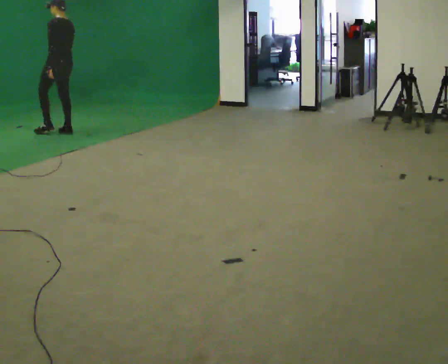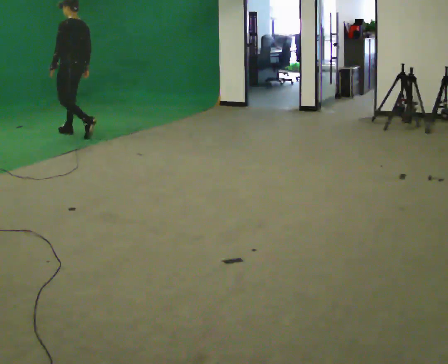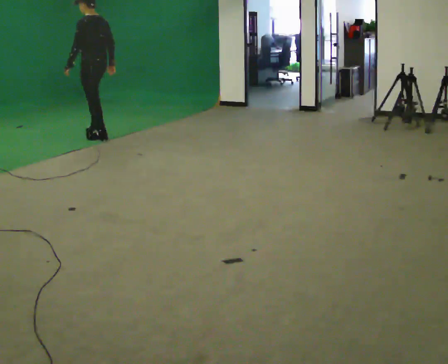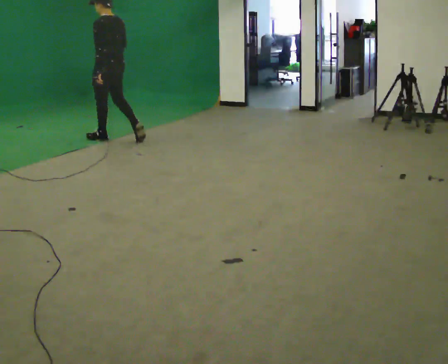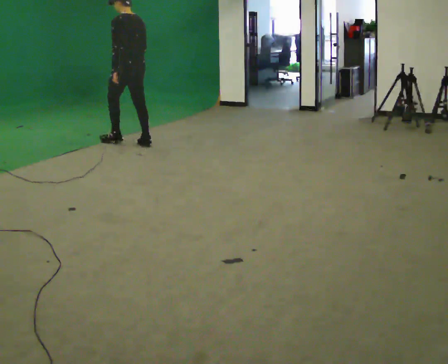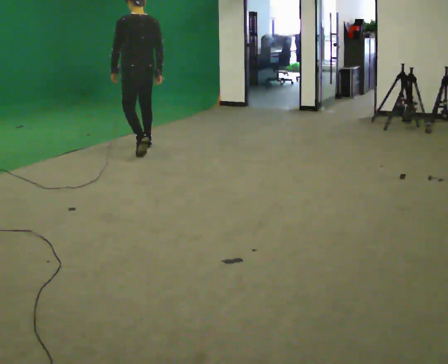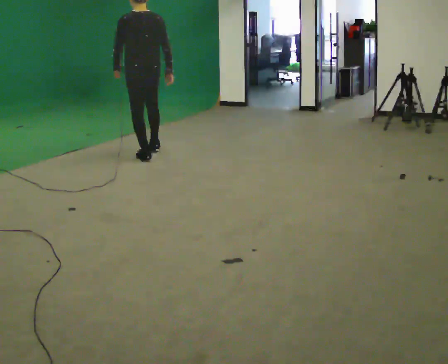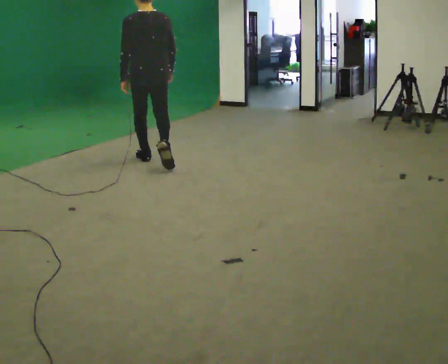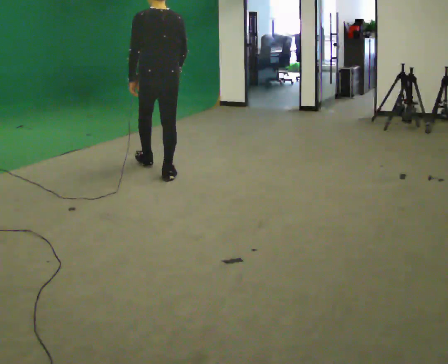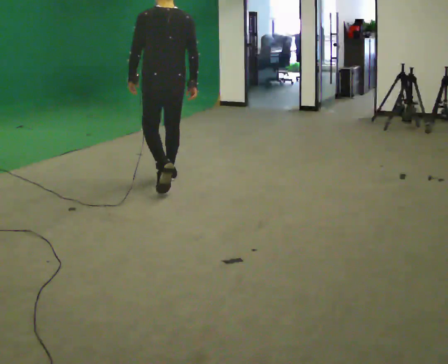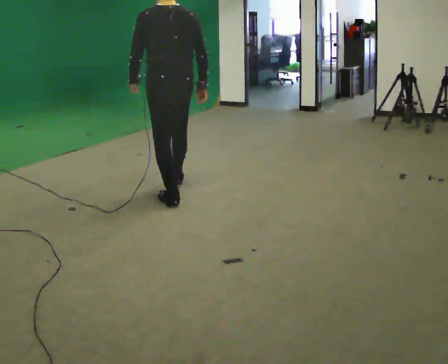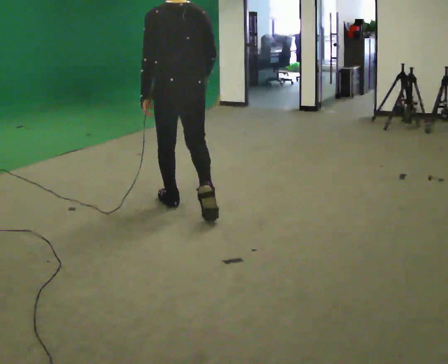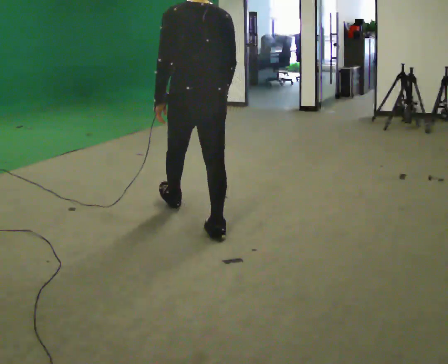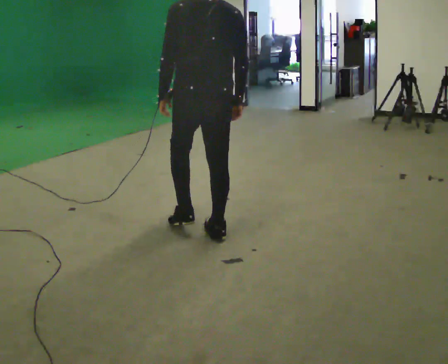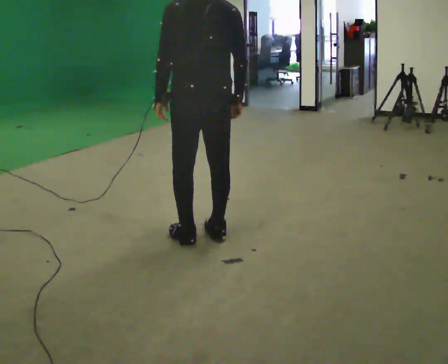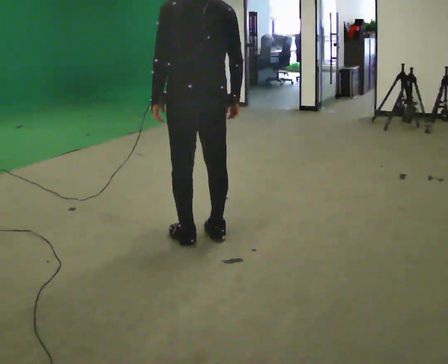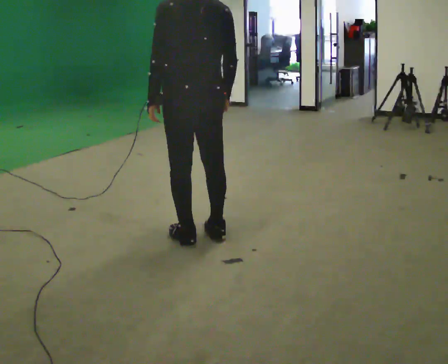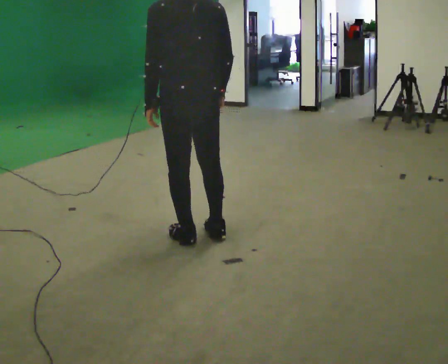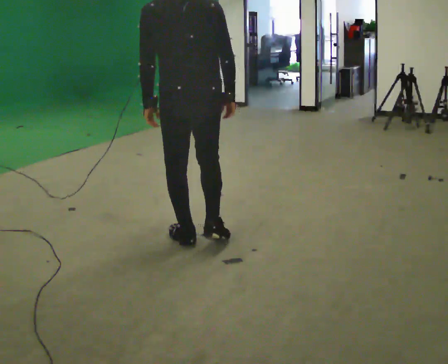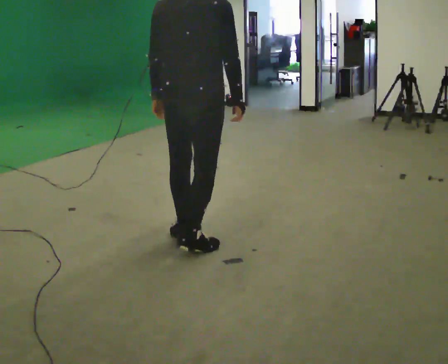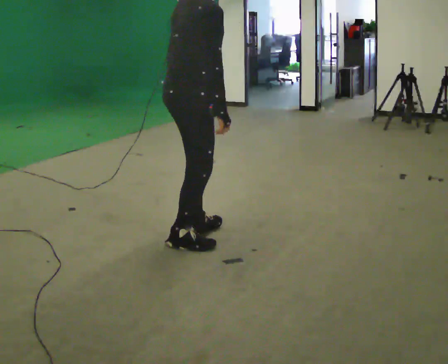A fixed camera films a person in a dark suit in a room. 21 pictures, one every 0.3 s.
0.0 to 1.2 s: In the picture they go to the right and toward the camera, about 1 m in 2 steps, which for them is backward.
1.2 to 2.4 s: The person turns about 30 degrees to their right, clockwise seen from above, so the part of the body nearest the lens slides to the left. In the picture they go toward the camera, about 1 m in 2 steps, which for them is backward.
2.4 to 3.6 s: In the picture they go toward the camera, about 1 m in 2 steps, which for them is backward.
3.6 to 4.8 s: In the picture they go toward the camera, about 0.25 m, which for them is backward.
4.8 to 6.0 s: The part of the body nearest the lens slides to the left as the person turns to their right by about 90 degrees.
The film runs backward here.
